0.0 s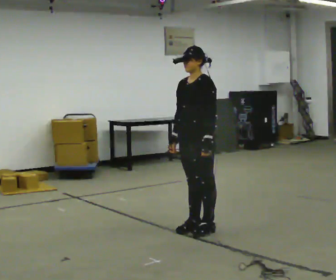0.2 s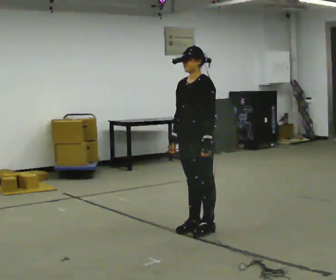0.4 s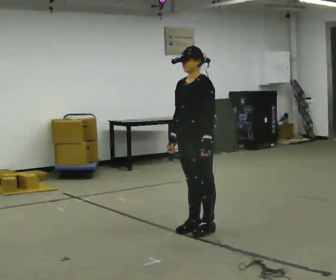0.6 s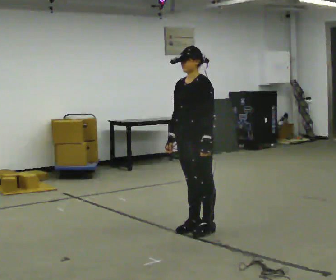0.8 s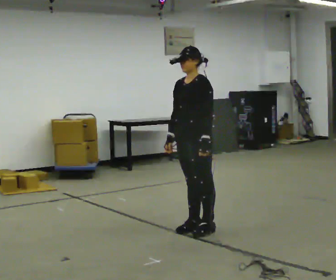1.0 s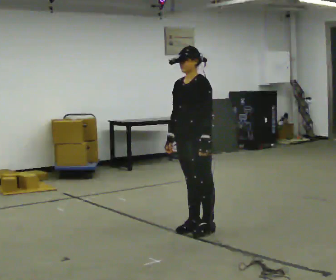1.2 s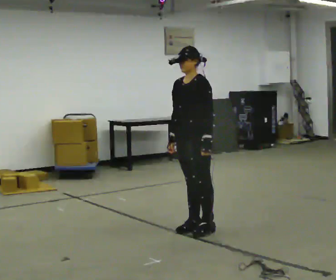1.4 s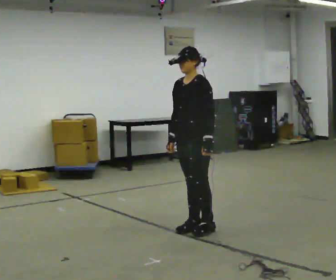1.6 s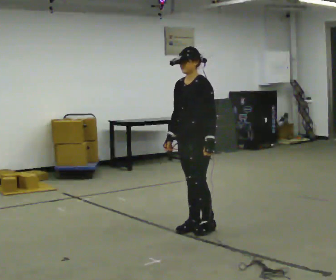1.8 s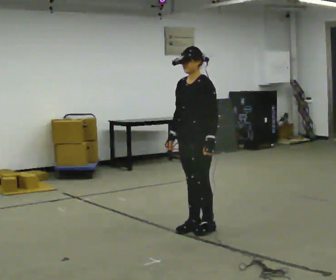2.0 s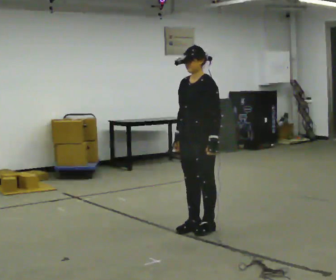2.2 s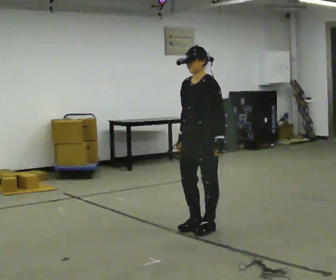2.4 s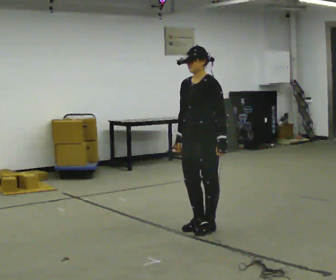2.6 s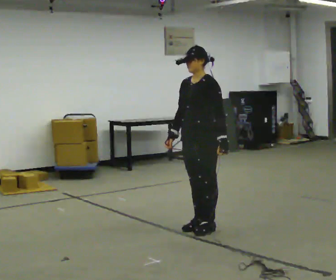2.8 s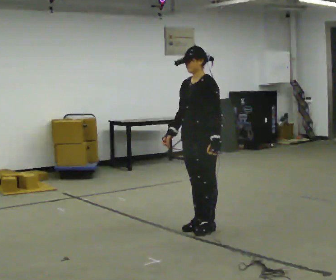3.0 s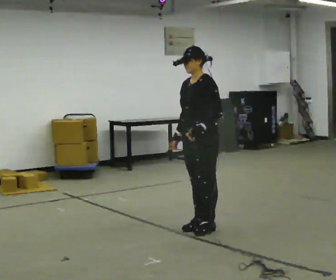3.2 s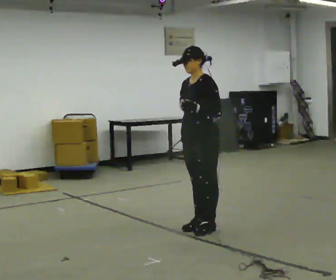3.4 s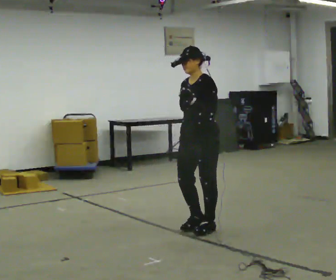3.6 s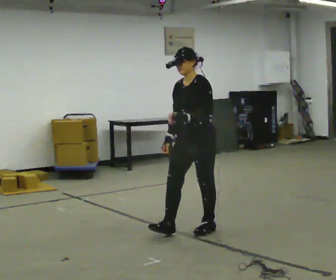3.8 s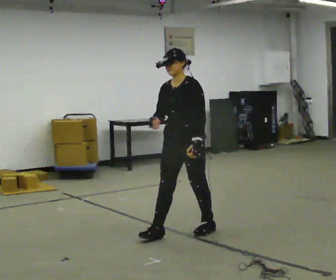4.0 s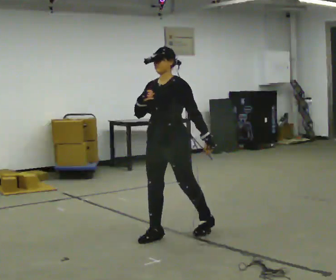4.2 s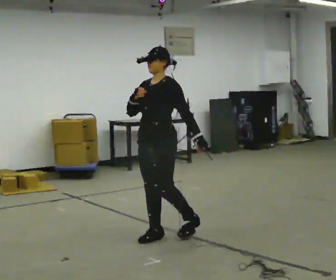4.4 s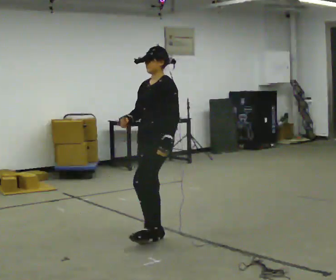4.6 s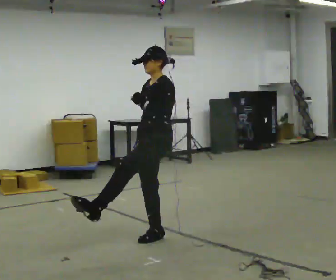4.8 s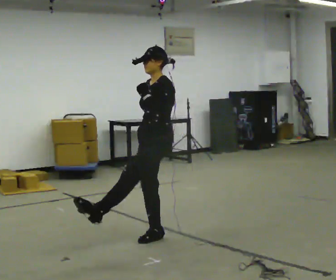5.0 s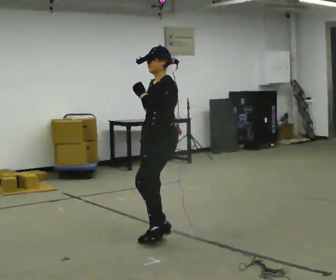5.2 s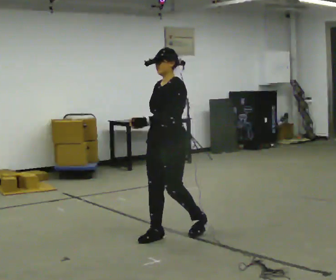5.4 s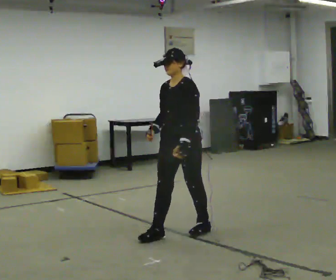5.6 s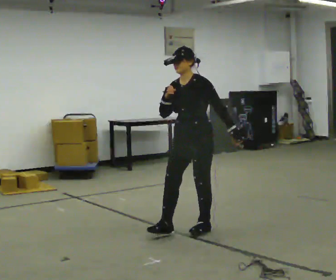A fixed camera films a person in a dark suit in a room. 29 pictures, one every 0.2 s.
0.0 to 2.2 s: The person moves a little, or ends about where they began.
2.2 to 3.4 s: In the picture their left hand goes upward.
3.4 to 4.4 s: In the picture they go to the left and toward the camera, about 0.5 m, which for them is forward and to their right.
4.4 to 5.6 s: In the picture they go to the right and away from the camera, about 0.25 m in 1 step, which for them is backward.
The film runs backward here.
